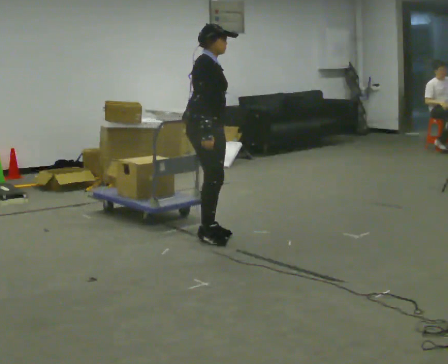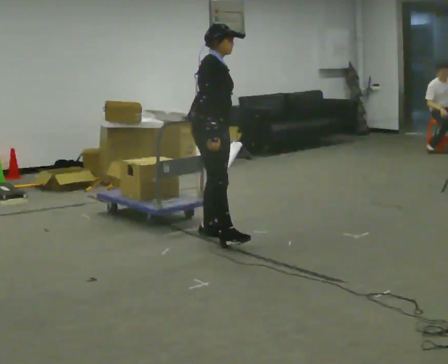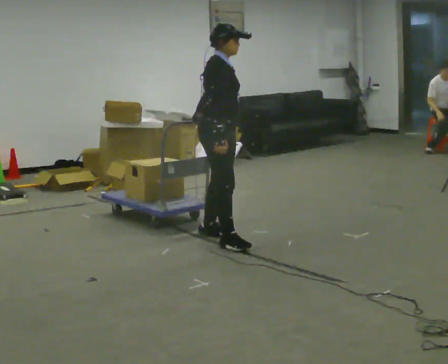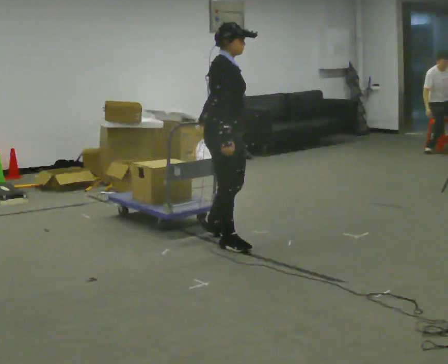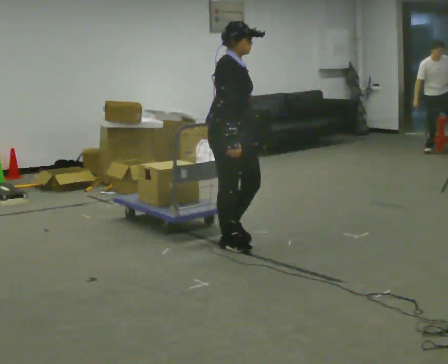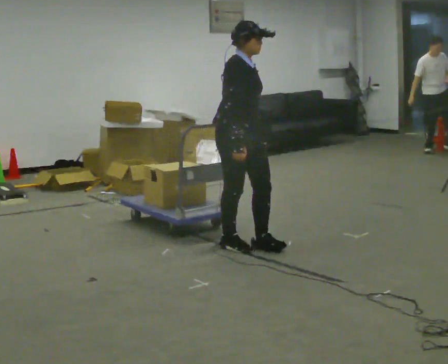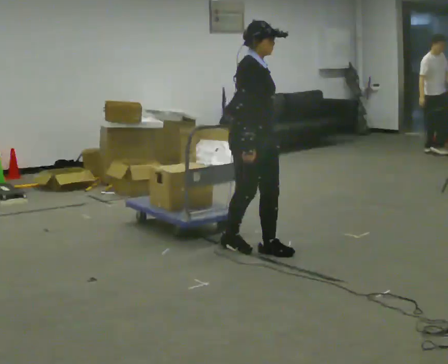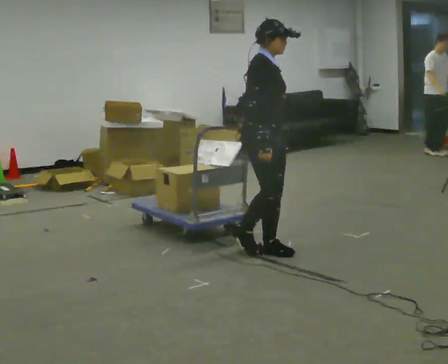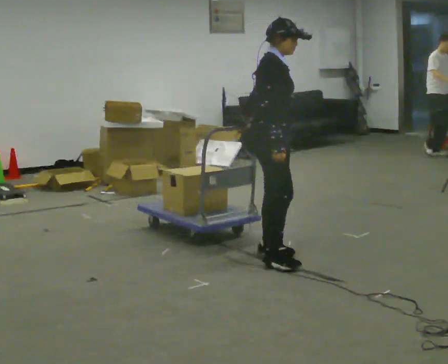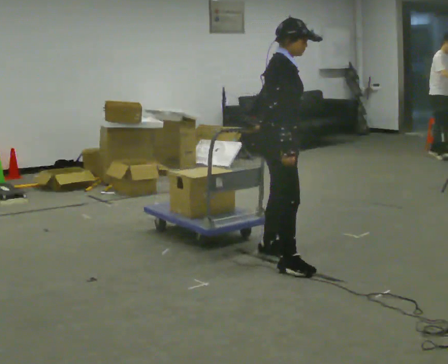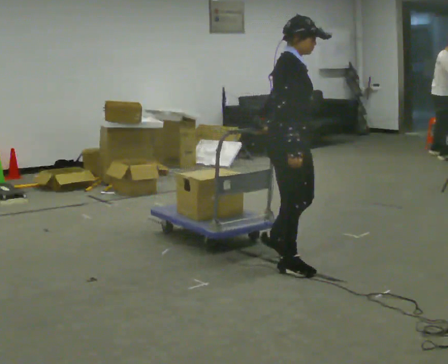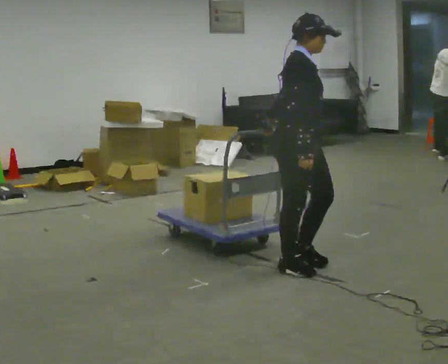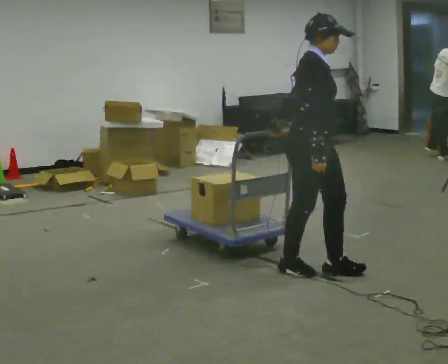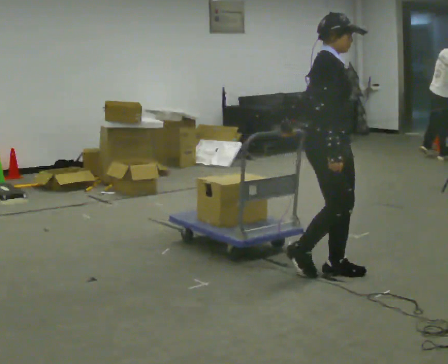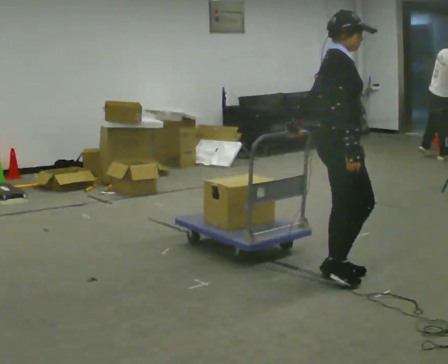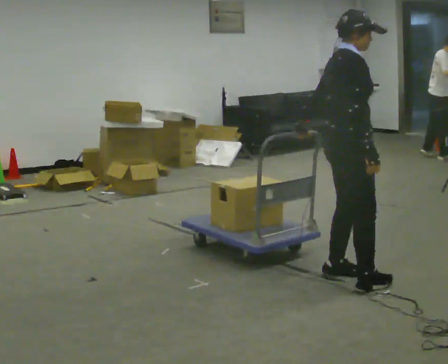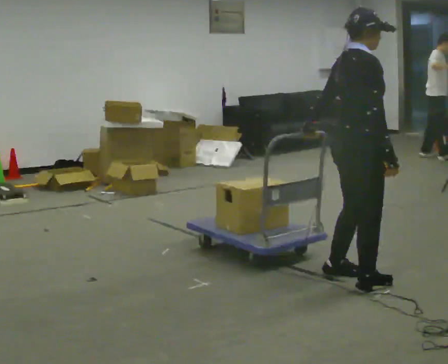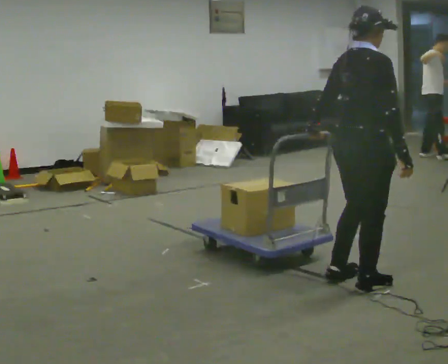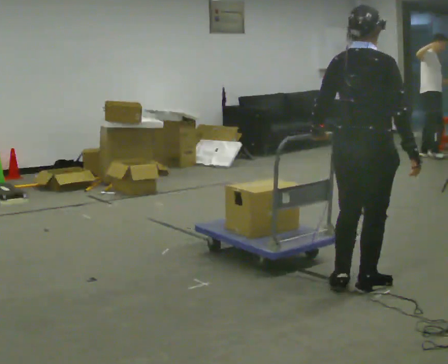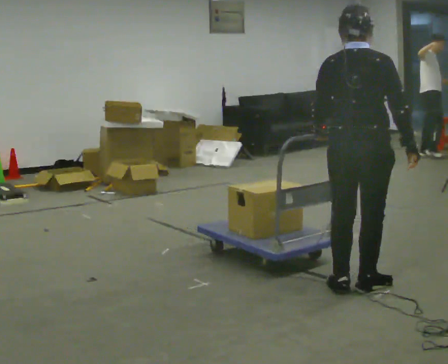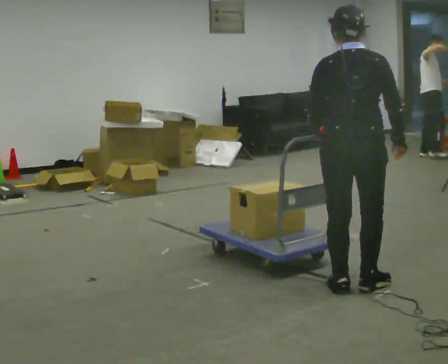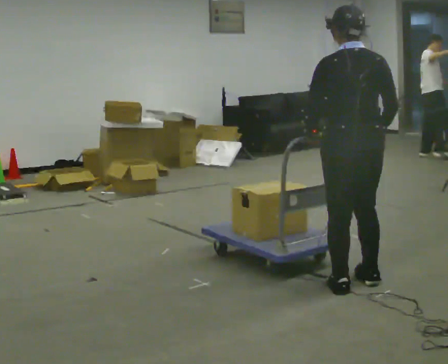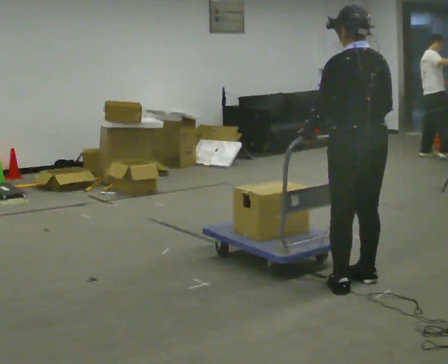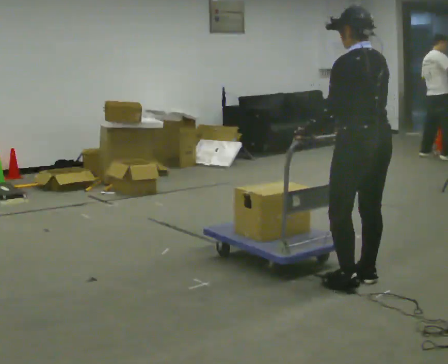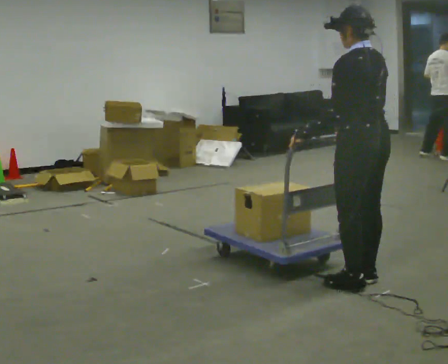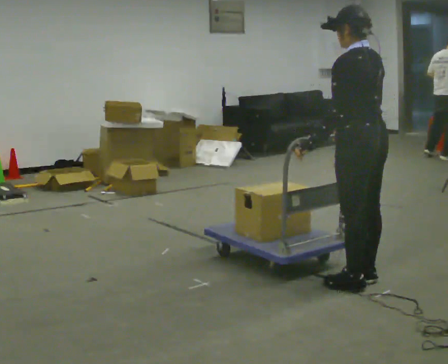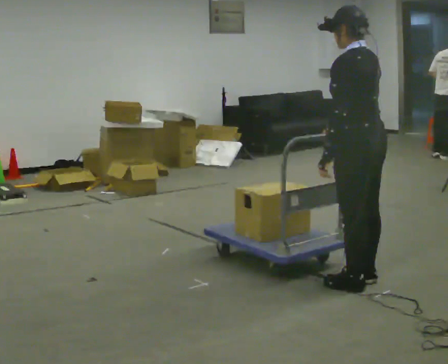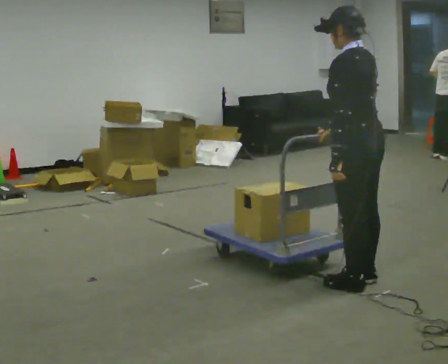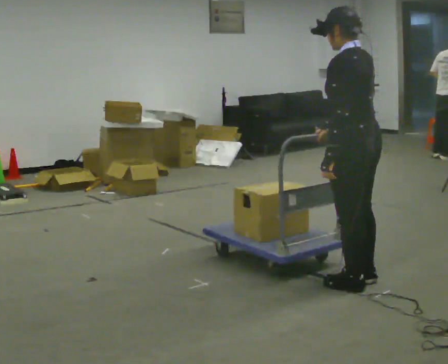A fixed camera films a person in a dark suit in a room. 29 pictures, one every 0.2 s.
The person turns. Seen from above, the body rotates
counterclockwise.
The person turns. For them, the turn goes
to their left.
0.0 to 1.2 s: In the picture they go to the right and toward the camera, about 0.5 m in 2 steps, which for them is forward and to their right.
1.2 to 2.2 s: In the picture they go to the right and toward the camera, about 0.5 m in 1 step, which for them is forward and to their right.
2.2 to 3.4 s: The person turns about 45 degrees to their left, counterclockwise seen from above, so the part of the body nearest the lens slides to the right. In the picture they go to the right and toward the camera, about 0.5 m in 2 steps, which for them is forward and to their right.
3.4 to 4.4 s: The person turns about 75 degrees to their left, counterclockwise seen from above, so the part of the body nearest the lens slides to the right.
4.4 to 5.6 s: Seen from above the body turns counterclockwise, about 30 degrees: to their left, with its near side sliding to the right.
The film runs forward here.
